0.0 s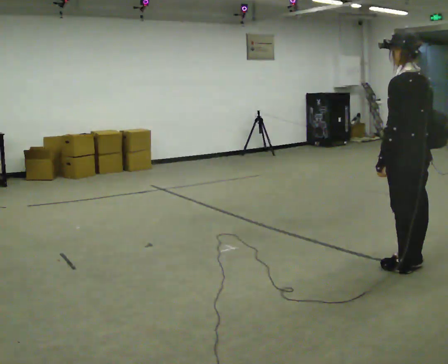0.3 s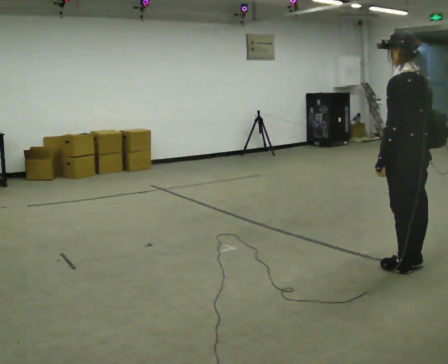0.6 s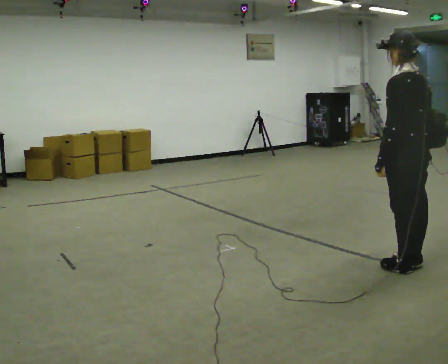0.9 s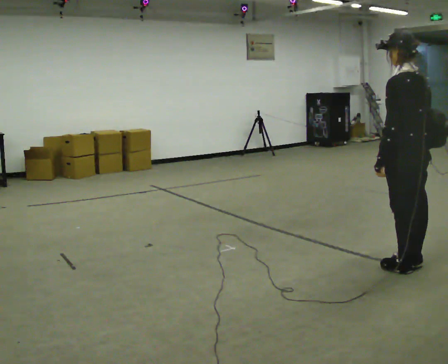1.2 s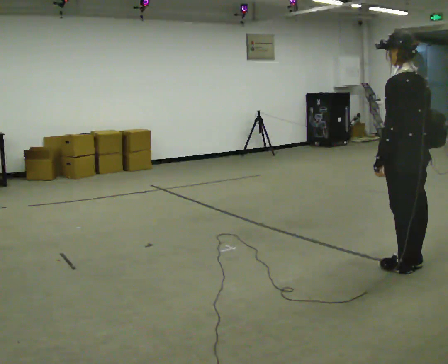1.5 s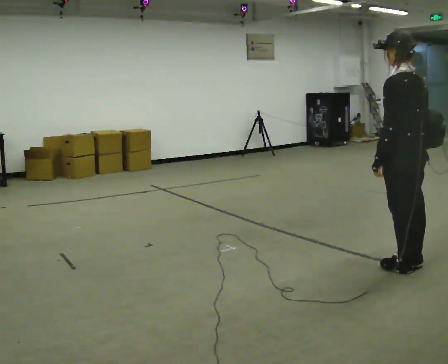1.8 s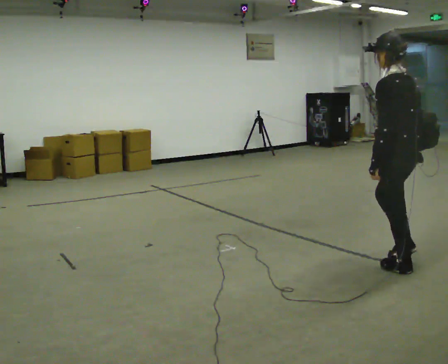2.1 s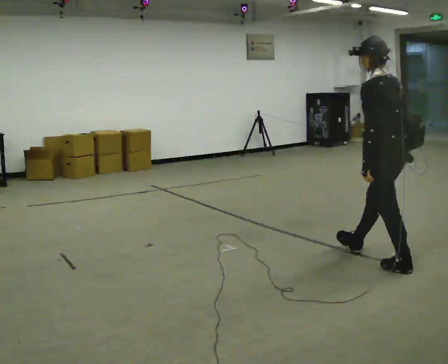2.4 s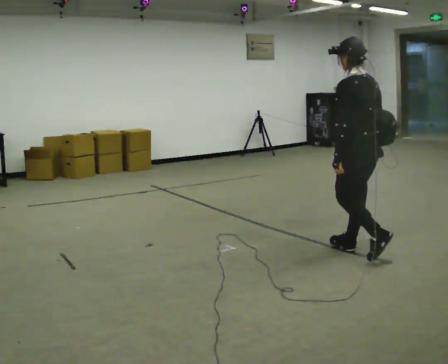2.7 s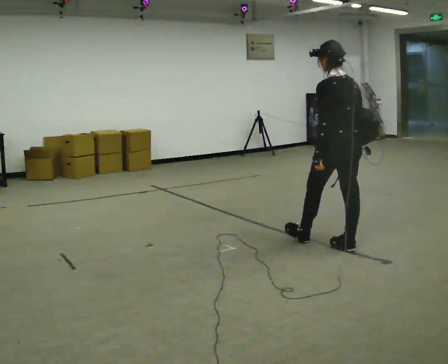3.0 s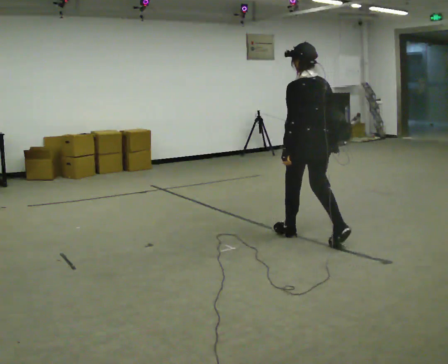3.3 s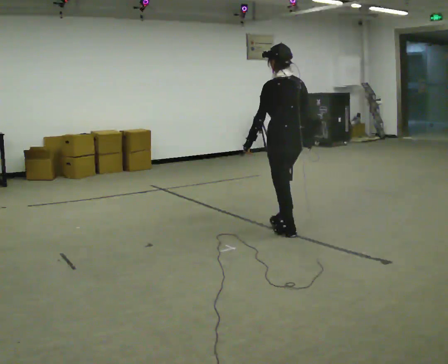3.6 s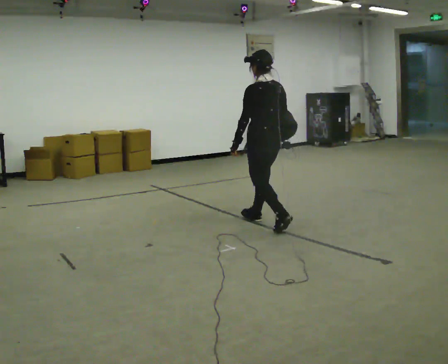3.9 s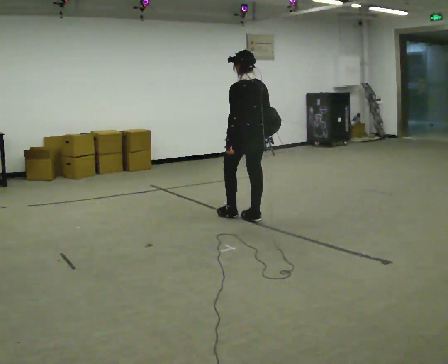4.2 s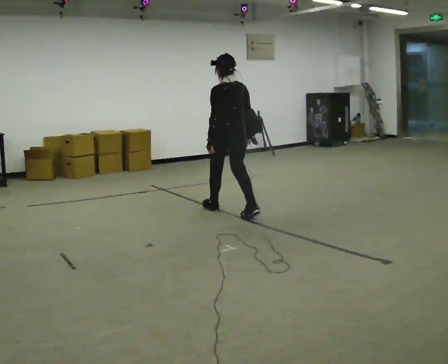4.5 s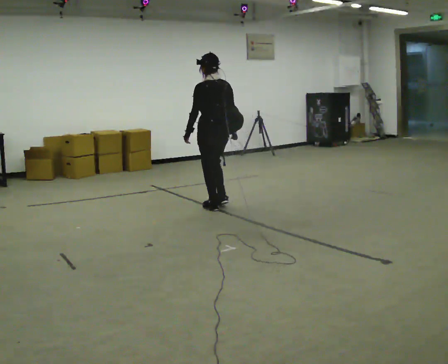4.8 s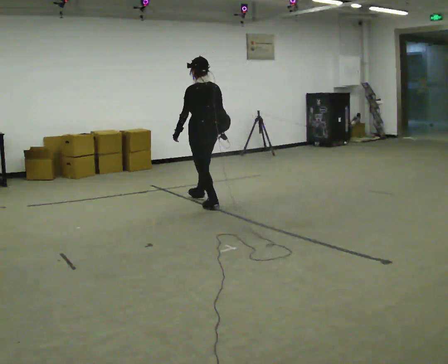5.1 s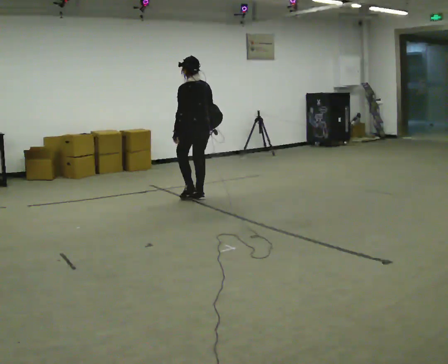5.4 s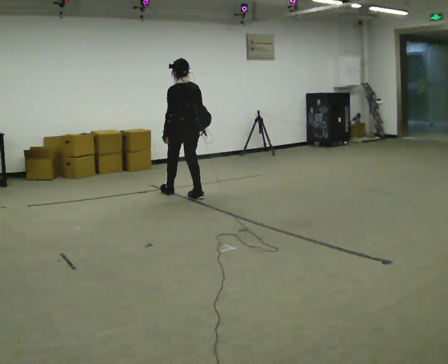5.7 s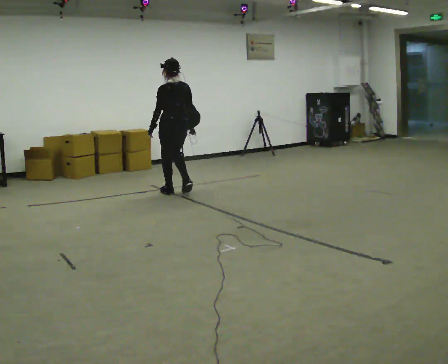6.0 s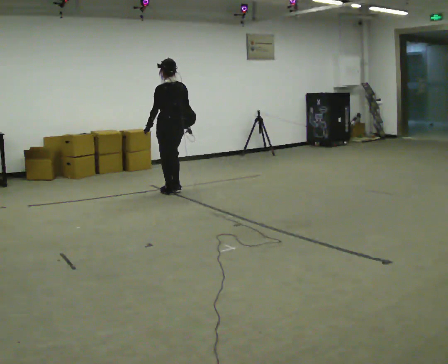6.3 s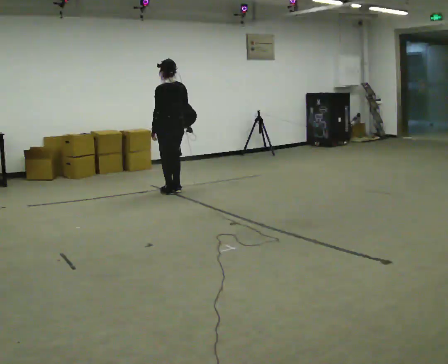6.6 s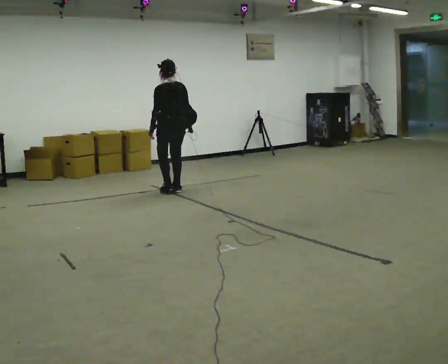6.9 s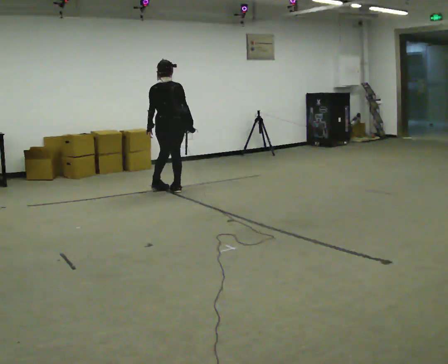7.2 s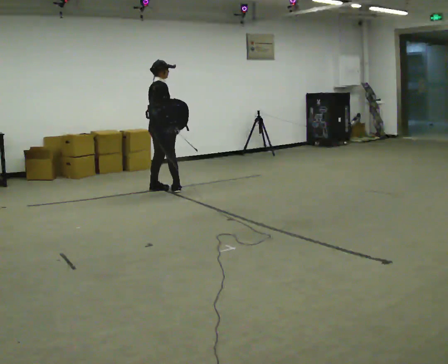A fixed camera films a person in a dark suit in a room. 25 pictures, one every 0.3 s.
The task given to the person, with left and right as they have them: Put the soft bag up onto your shoulder and carry it across the room, back and forth.
0.0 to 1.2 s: The person keeps their place and pose.
1.2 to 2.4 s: In the picture they go away from the camera and to the left, about 0.5 m in 1 step, which for them is forward.
2.4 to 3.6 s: In the picture they go away from the camera and to the left, about 1 m in 2 steps, which for them is forward.
3.6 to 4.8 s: In the picture they go away from the camera and to the left, about 1 m in 2 steps, which for them is forward.
4.8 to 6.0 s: In the picture they go away from the camera and to the left, about 0.5 m in 2 steps, which for them is forward.
6.0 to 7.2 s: The person turns about 90 degrees to their right, clockwise seen from above, so the part of the body nearest the lens slides to the left. In the picture they go to the left, about 0.25 m in 1 step.
The film runs forward here.
